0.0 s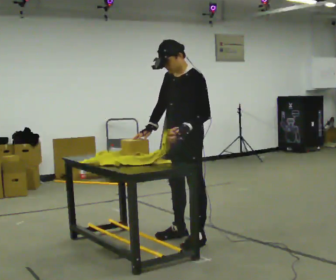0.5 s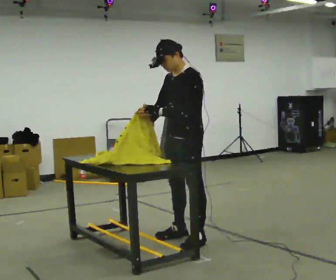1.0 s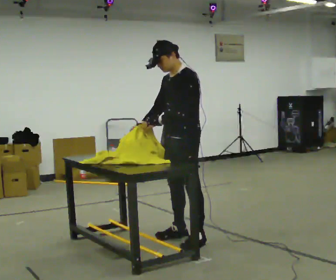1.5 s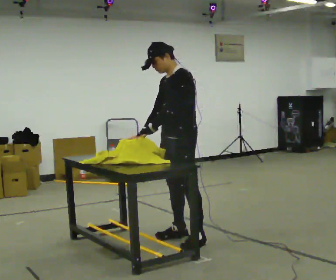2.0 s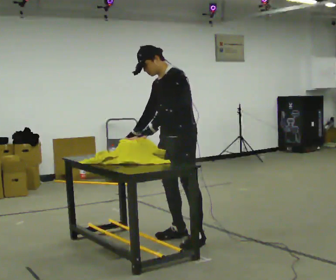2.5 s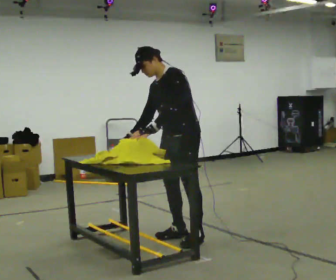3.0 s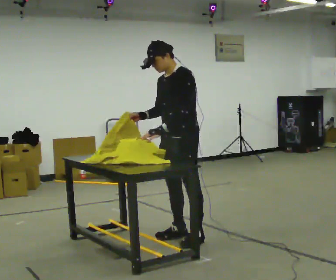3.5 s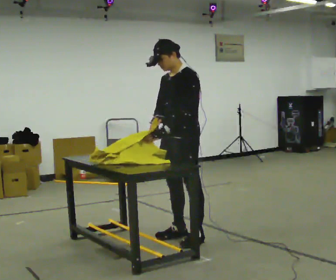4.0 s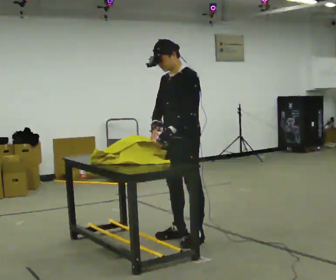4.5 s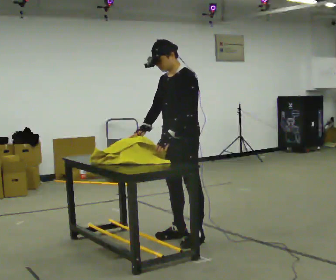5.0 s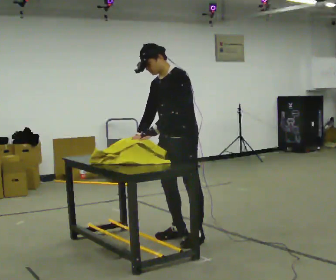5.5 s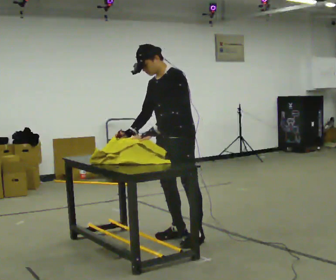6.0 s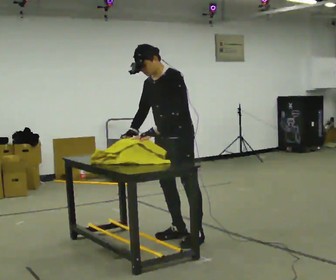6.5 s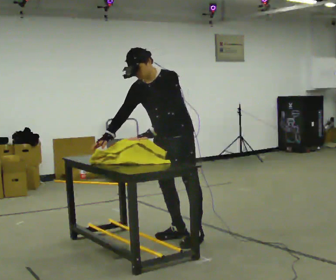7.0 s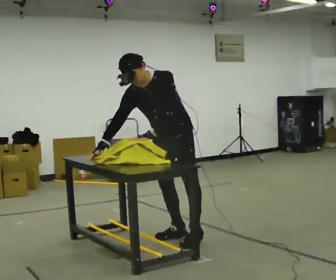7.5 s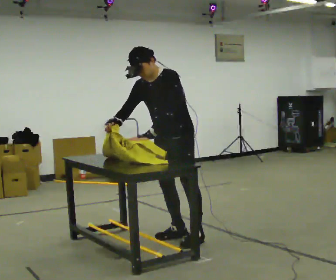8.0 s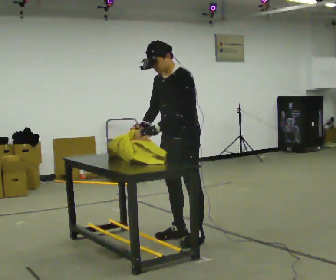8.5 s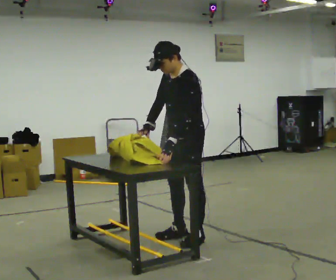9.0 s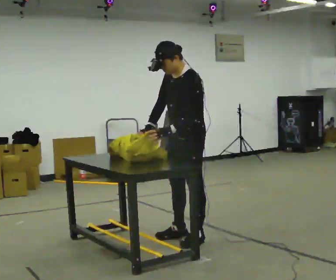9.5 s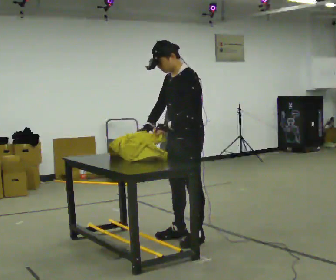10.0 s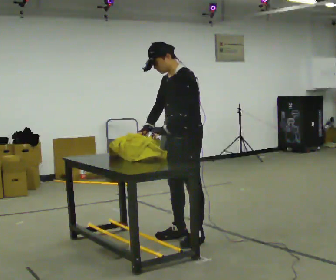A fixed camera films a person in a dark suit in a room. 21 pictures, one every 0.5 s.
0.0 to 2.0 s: In the picture their left hand goes to the left.
2.0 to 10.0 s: The person moves a little, or ends about where they began.
The film runs forward here.
